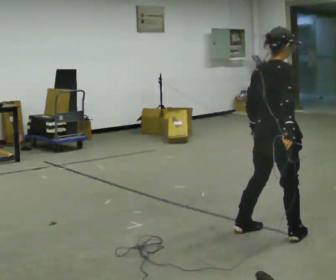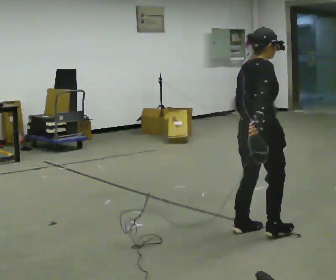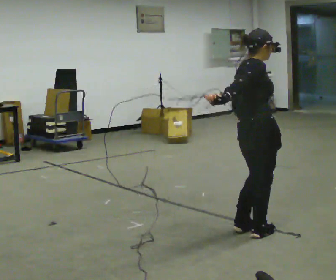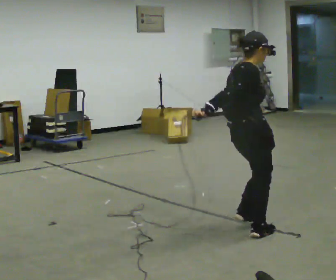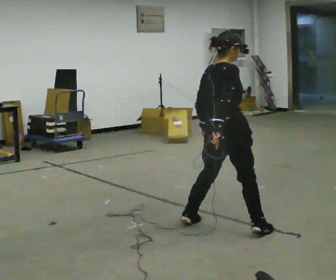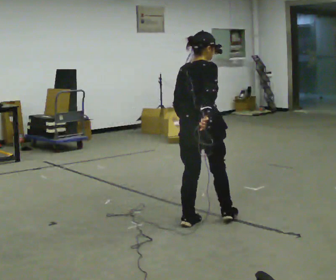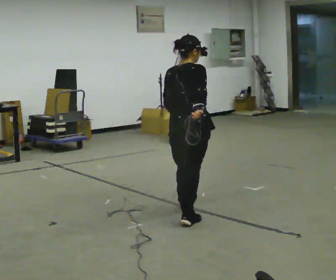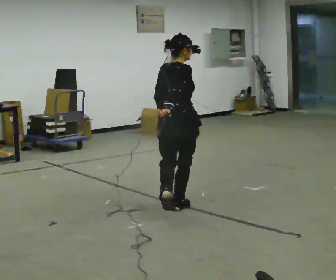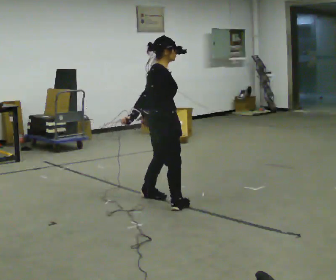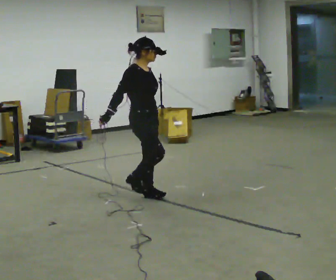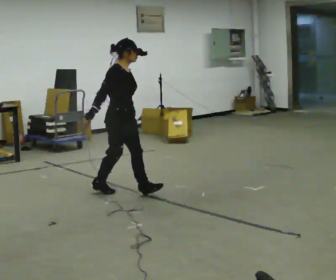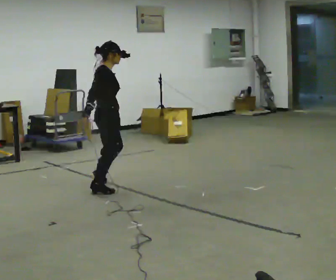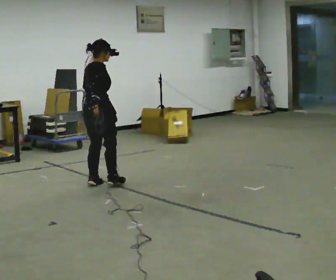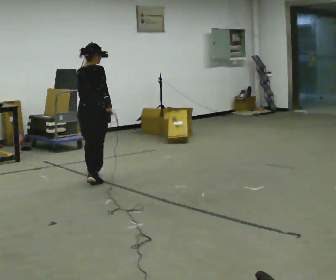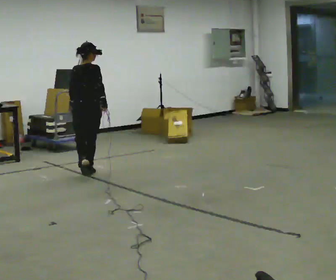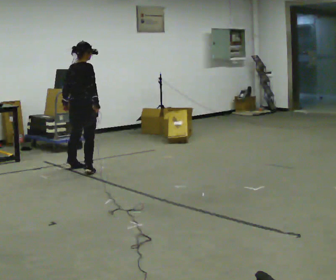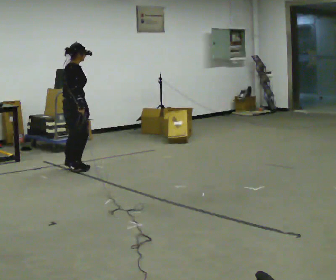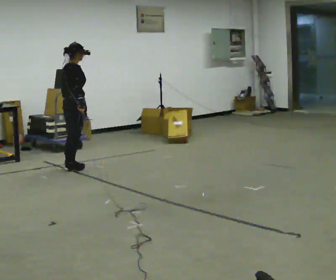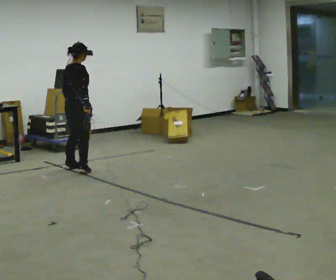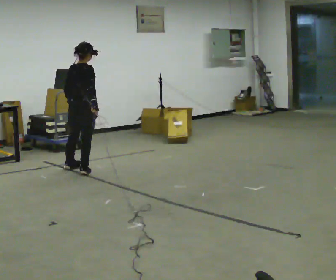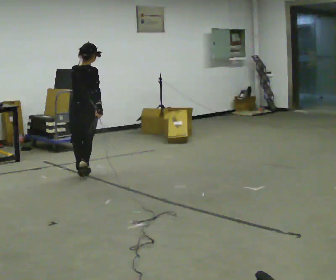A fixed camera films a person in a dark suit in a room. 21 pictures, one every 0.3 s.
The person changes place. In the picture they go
away from the camera.
0.0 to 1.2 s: In the picture they go to the left and away from the camera, about 0.5 m in 2 steps, which for them is to their left and backward.
1.2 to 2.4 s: In the picture they go away from the camera and to the left, about 1 m in 2 steps, which for them is to their left and forward.
2.4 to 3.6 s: In the picture they go away from the camera and to the left, about 1 m in 3 steps.
3.6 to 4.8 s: In the picture they go away from the camera, about 1 m in 2 steps, which for them is forward and to their left.
4.8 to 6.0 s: The person turns about 45 degrees to their left, counterclockwise seen from above, so the part of the body nearest the lens slides to the right. In the picture they go toward the camera, about 0.25 m in 2 steps, which for them is to their right.
The film runs backward here.
